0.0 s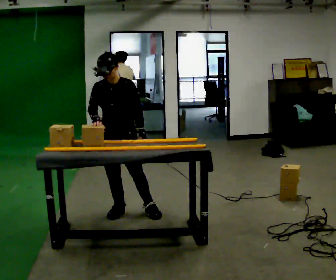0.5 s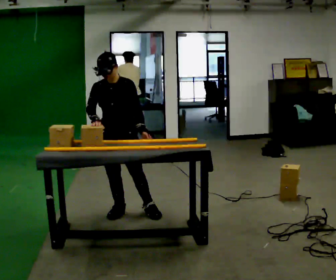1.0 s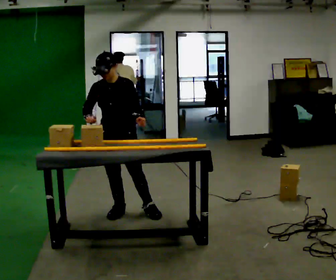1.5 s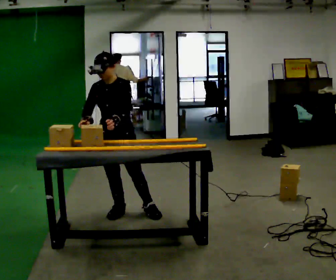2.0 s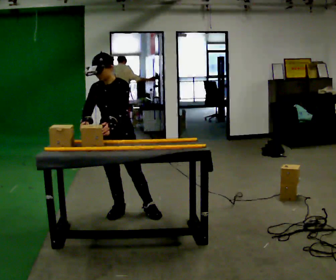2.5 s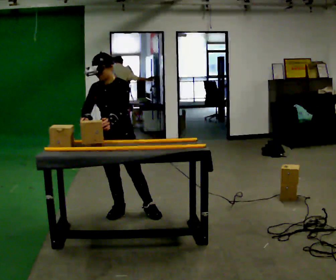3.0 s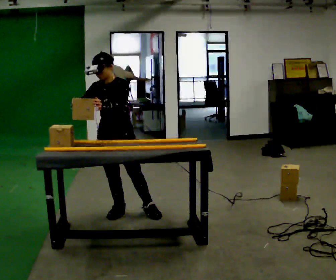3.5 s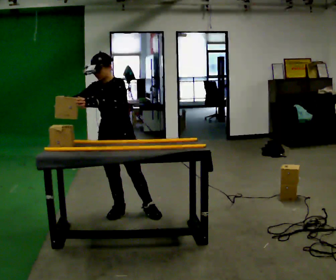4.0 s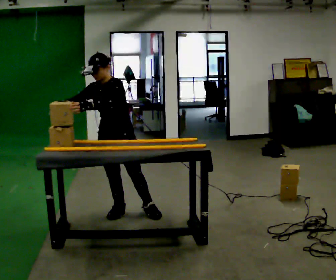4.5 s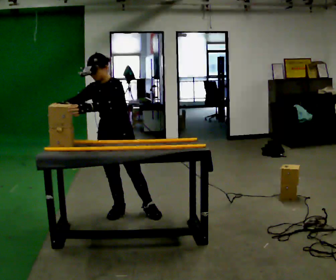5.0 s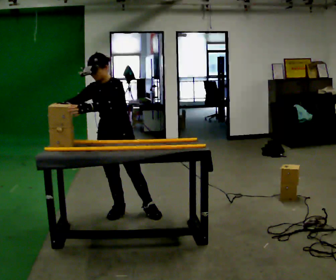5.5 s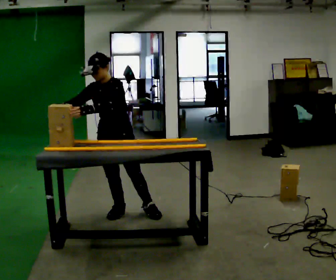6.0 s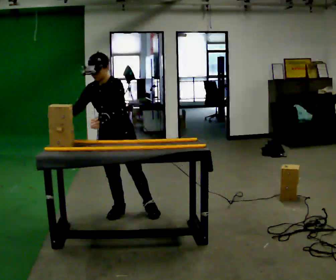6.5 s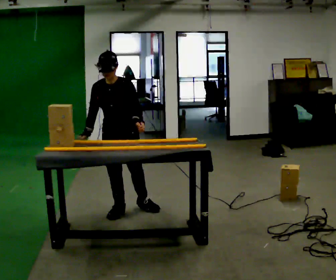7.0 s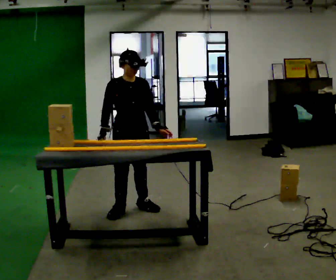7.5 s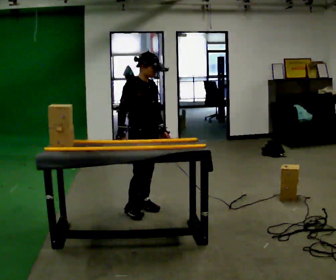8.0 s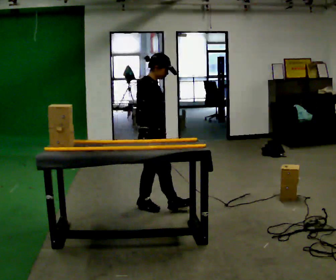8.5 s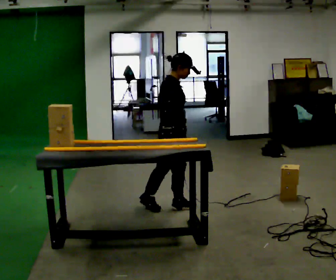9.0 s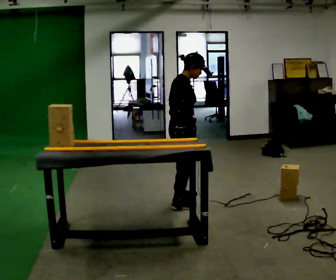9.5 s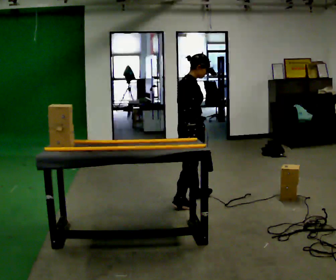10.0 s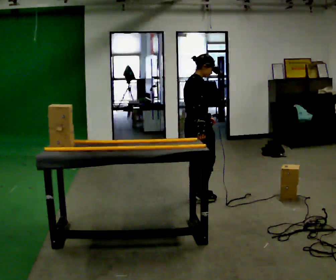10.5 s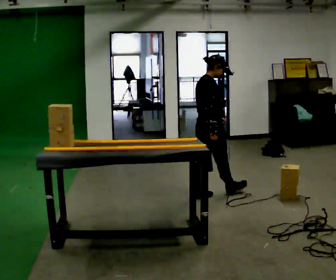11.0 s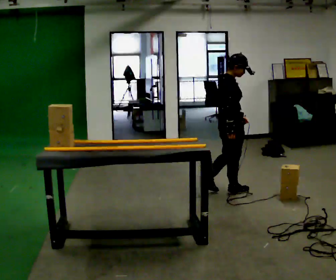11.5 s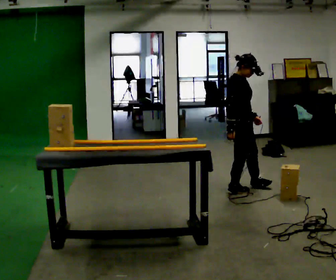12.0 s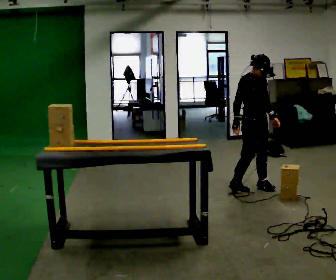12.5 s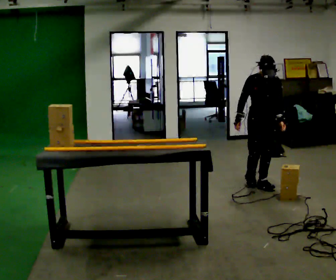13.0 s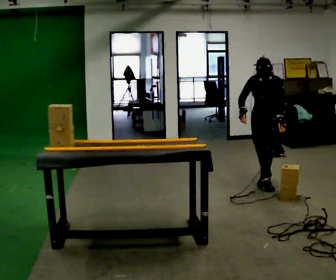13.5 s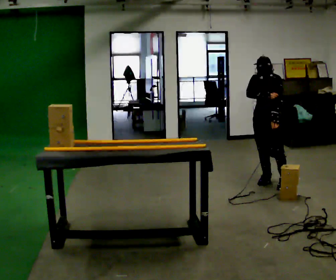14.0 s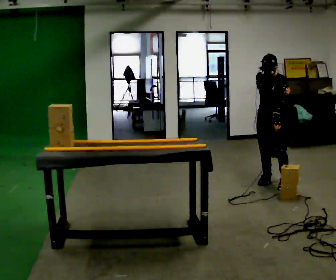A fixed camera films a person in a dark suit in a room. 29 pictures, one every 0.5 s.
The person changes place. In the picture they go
to the right.
0.0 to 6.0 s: The person moves a little, or ends about where they began.
6.0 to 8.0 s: The person turns about 105 degrees to their left, counterclockwise seen from above, so the part of the body nearest the lens slides to the right. In the picture they go to the right, about 0.25 m in 1 step.
8.0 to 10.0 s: The person turns about 30 degrees to their left, counterclockwise seen from above, so the part of the body nearest the lens slides to the right. In the picture they go to the right and away from the camera, about 0.5 m in 2 steps, which for them is forward and to their left.
10.0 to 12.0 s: The person turns about 75 degrees to their right, clockwise seen from above, so the part of the body nearest the lens slides to the left. In the picture they go to the right, about 0.75 m in 2 steps.
12.0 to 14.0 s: The part of the body nearest the lens slides to the left as the person turns to their right by about 75 degrees. In the picture they go to the right, about 0.25 m in 2 steps.
The film runs forward here.
